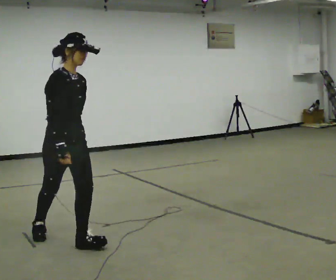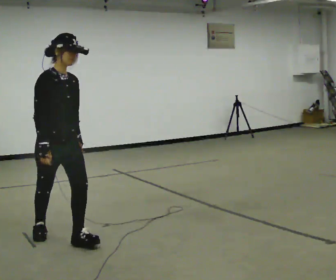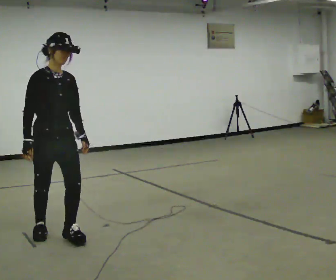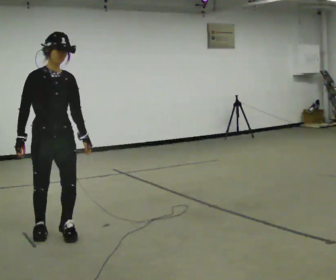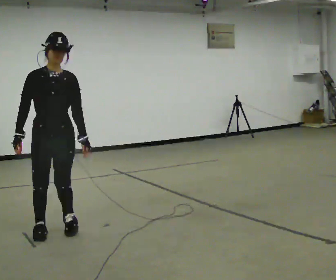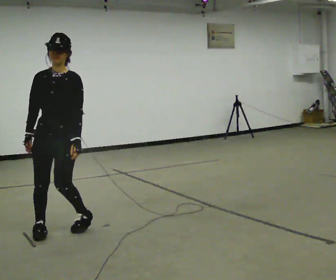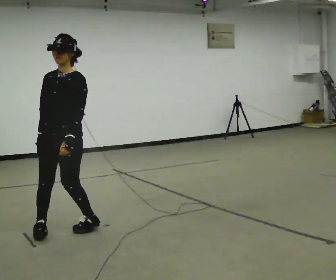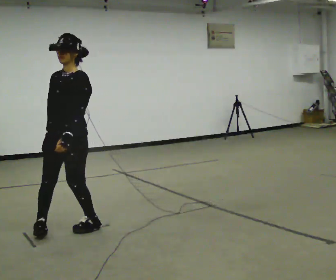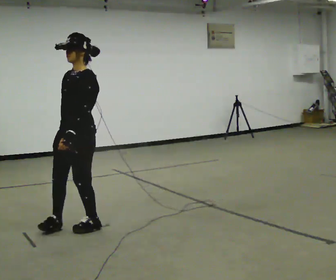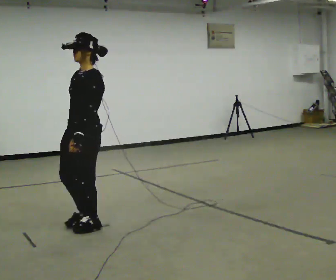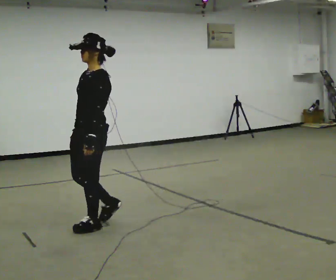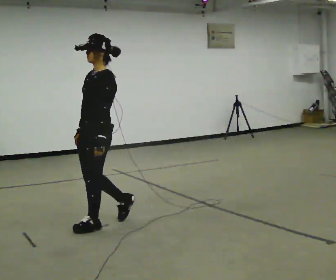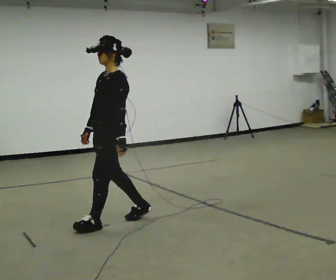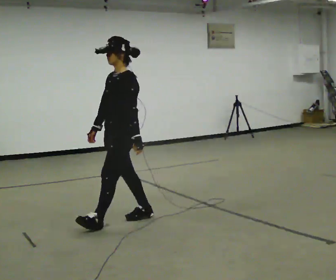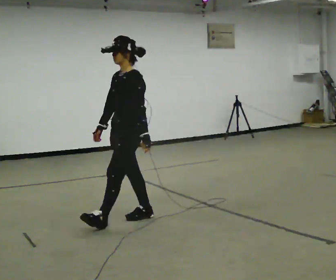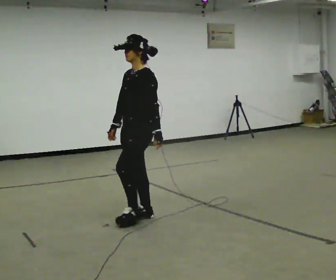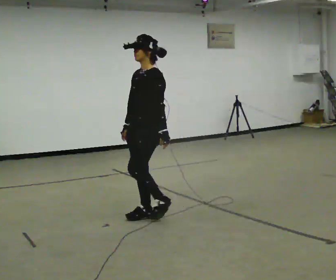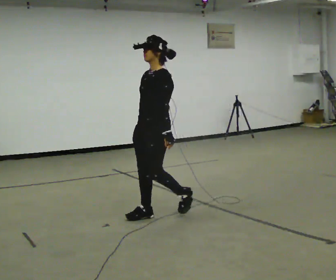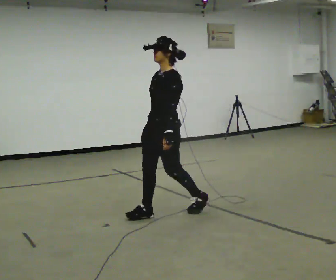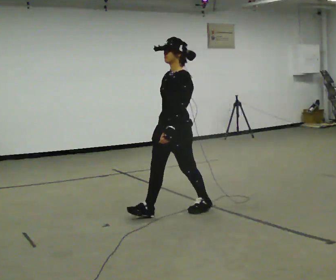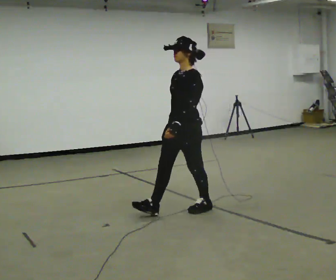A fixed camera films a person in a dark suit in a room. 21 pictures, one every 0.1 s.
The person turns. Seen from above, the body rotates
clockwise.
The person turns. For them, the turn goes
to their right.
0.0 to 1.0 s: The person turns about 120 degrees to their right, clockwise seen from above, so the part of the body nearest the lens slides to the left. In the picture they go away from the camera and to the right, about 0.5 m in 2 steps.
1.0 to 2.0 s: In the picture they go to the right, about 1 m in 2 steps, which for them is backward.
The film runs backward here.
